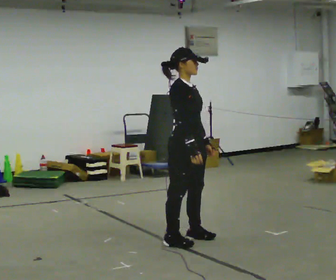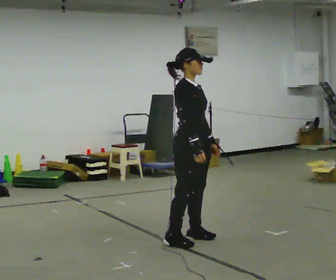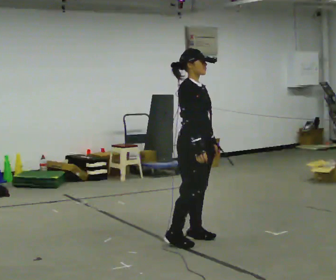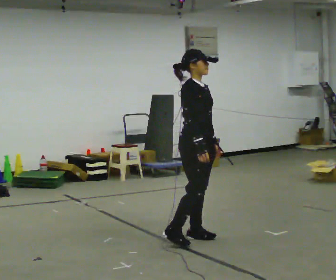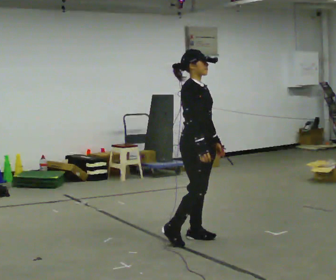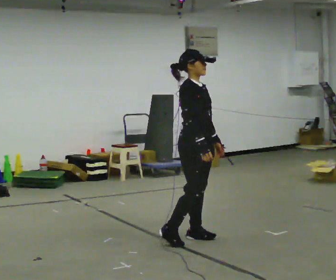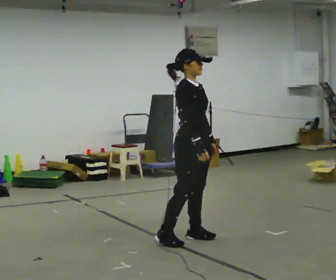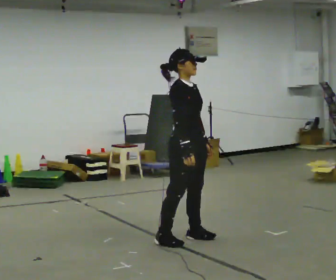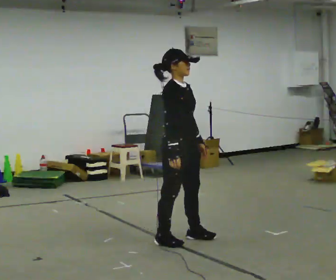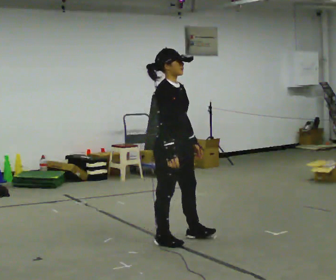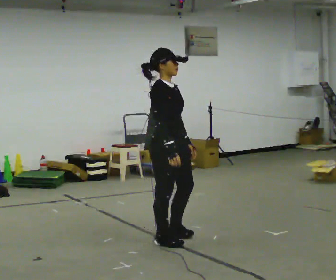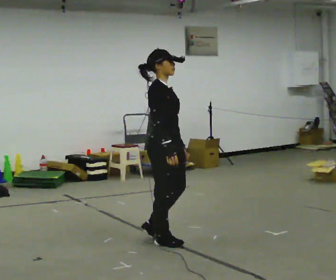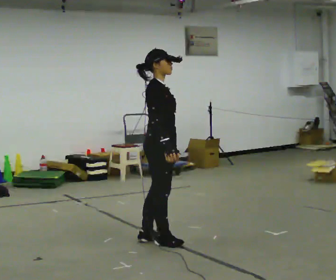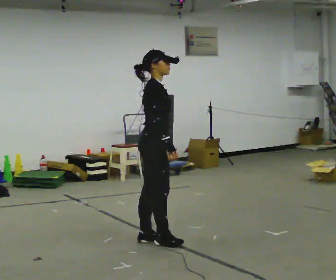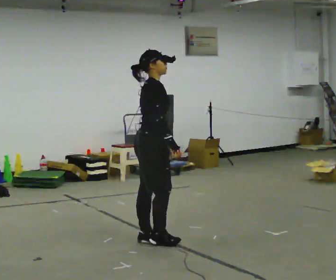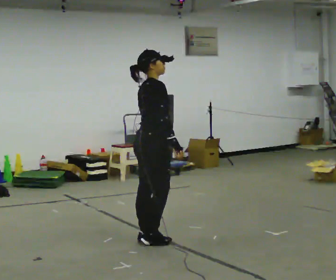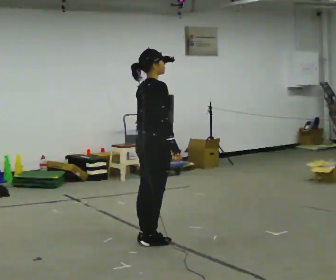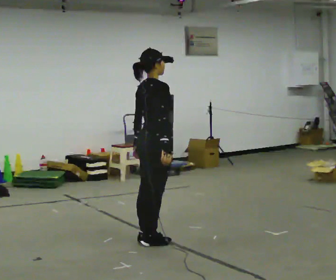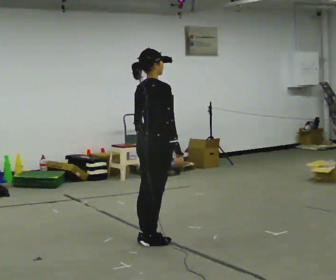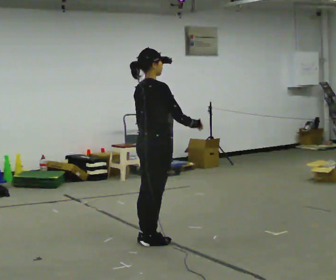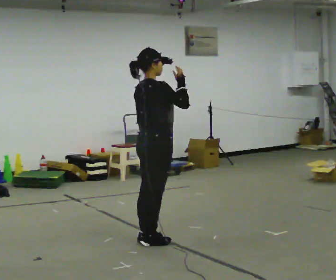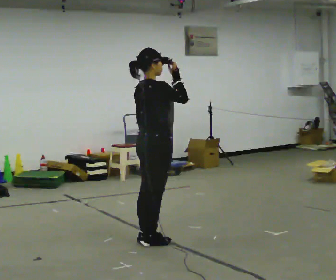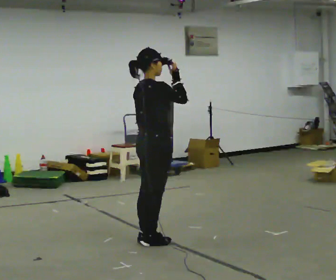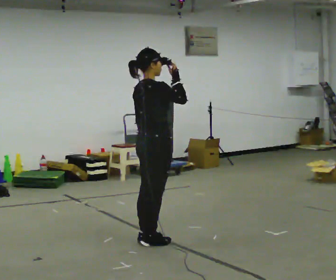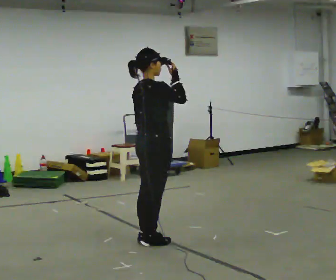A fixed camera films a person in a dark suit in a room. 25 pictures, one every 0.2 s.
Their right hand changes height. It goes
upward.
0.0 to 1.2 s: The person moves a little, or ends about where they began.
1.2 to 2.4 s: In the picture they go to the left, about 0.25 m in 1 step, which for them is backward and to their right.
2.4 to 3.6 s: The person turns about 45 degrees to their left, counterclockwise seen from above, so the part of the body nearest the lens slides to the right.
3.6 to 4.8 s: In the picture their right hand goes upward.
The film runs backward here.
